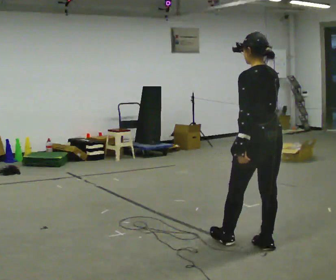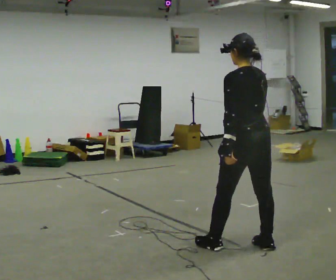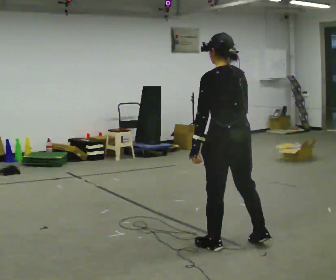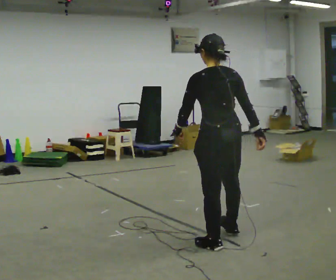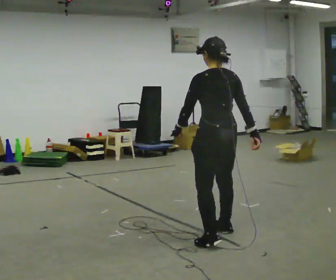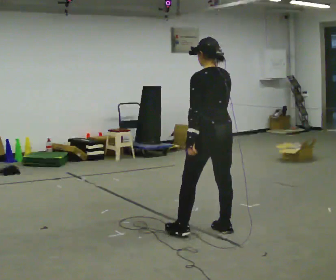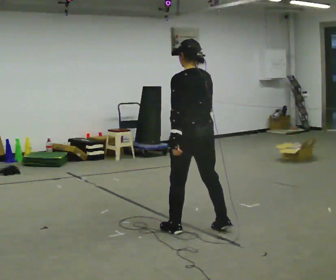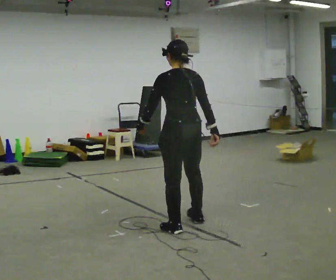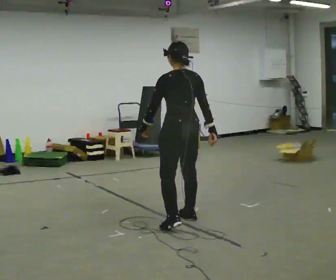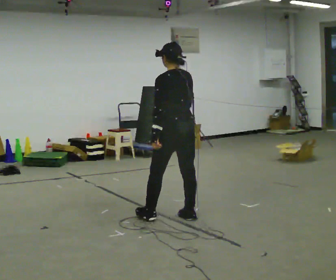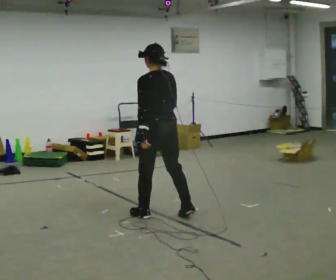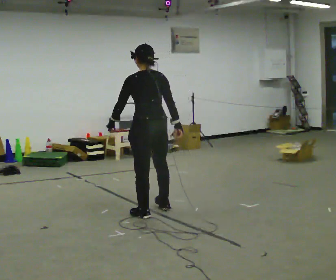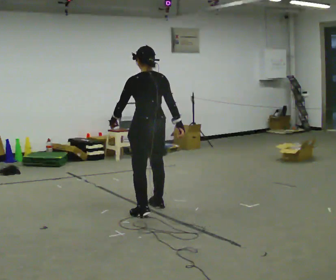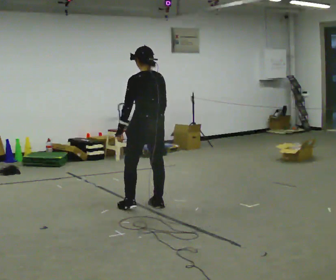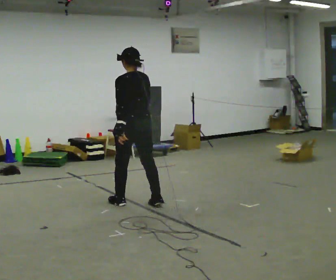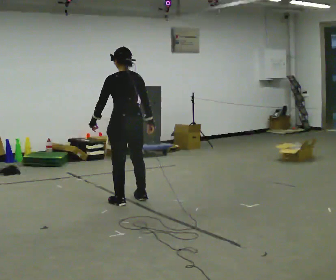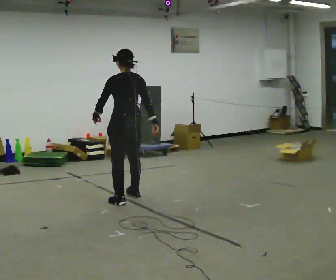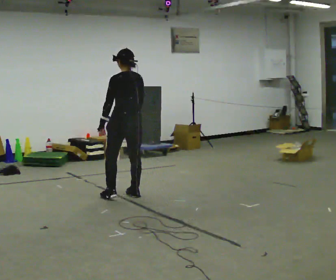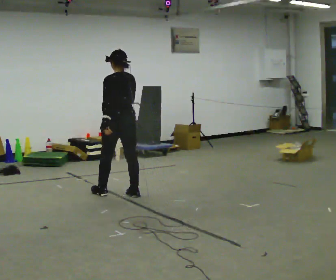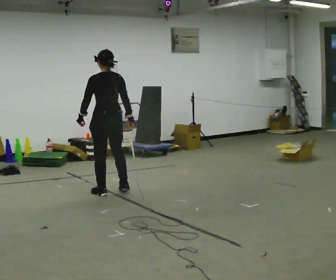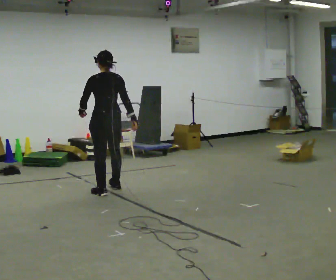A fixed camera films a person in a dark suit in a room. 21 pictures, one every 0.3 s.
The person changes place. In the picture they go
away from the camera.
0.0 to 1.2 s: In the picture they go away from the camera and to the left, about 0.5 m in 2 steps, which for them is forward.
1.2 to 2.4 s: In the picture they go away from the camera and to the left, about 0.5 m in 2 steps, which for them is forward.
2.4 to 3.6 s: In the picture they go away from the camera and to the left, about 0.5 m in 2 steps, which for them is forward.
3.6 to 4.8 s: In the picture they go away from the camera and to the left, about 0.5 m in 2 steps, which for them is forward.
4.8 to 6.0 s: In the picture they go away from the camera and to the left, about 0.5 m in 2 steps, which for them is forward.
The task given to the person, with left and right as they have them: Walk forward with your feet closer together than normal, or further apart than normal, as the operator states; stop.
The film runs forward here.
